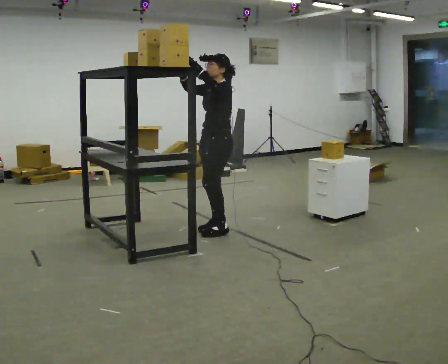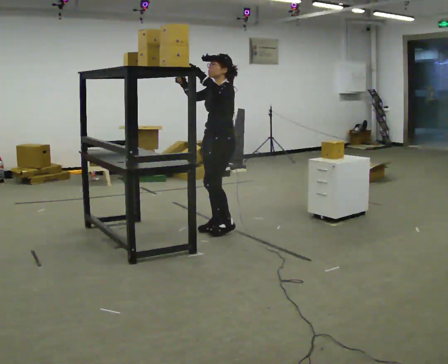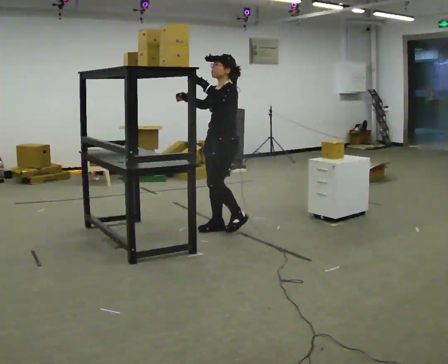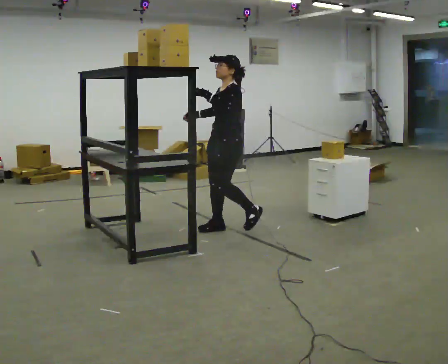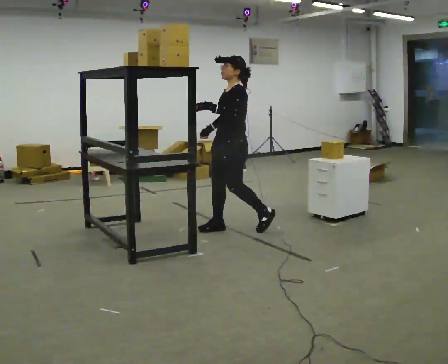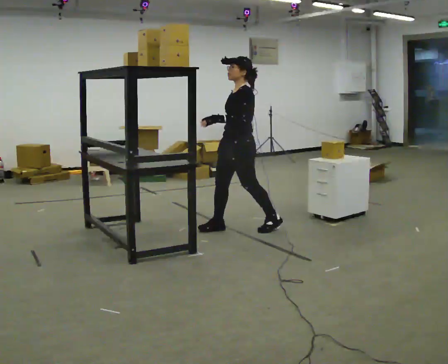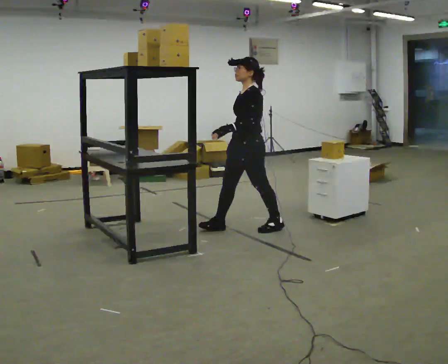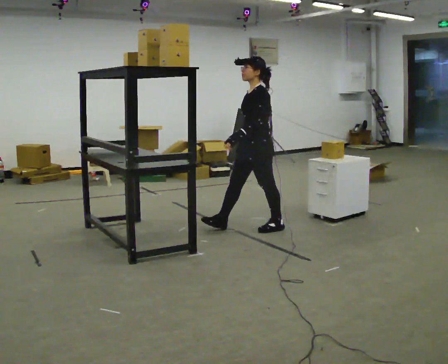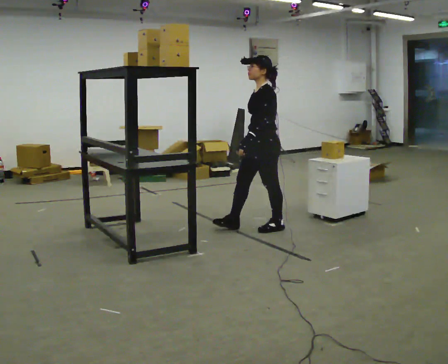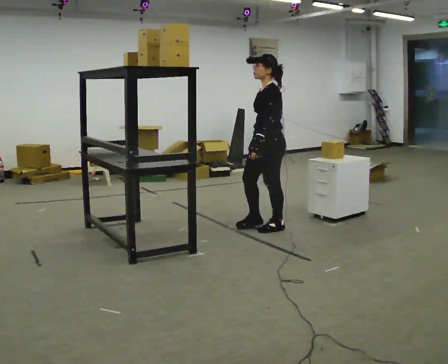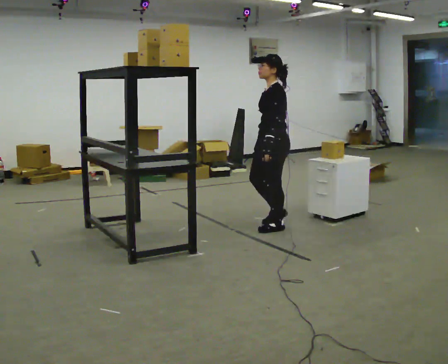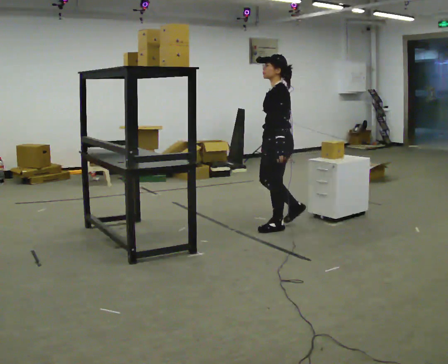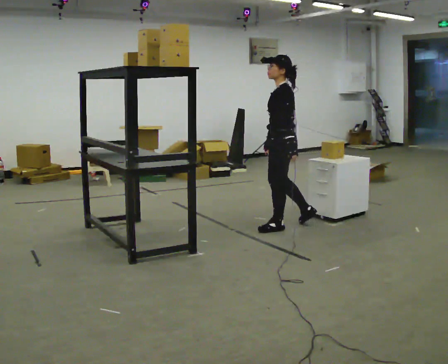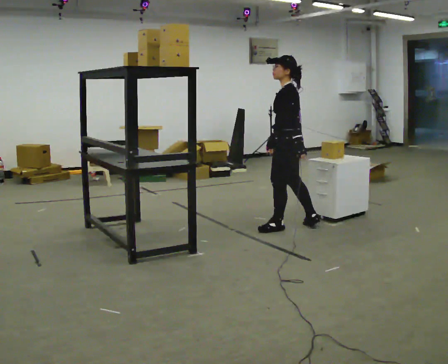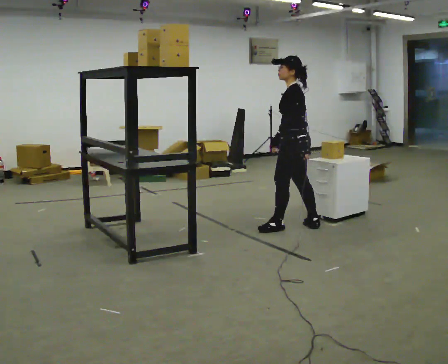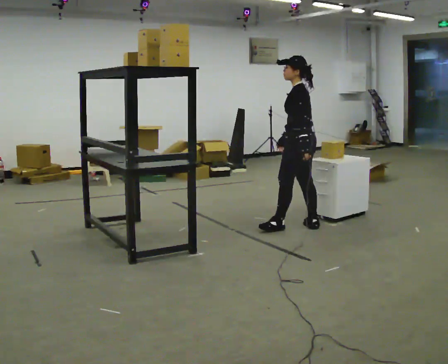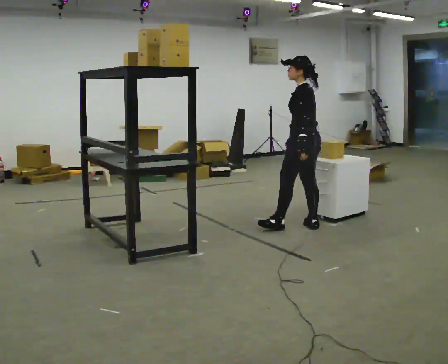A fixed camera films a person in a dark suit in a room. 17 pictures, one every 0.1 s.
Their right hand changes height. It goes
downward.
Their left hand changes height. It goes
downward.
0.0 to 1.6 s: Seen from above the body turns clockwise, about 45 degrees: to their right, with its near side sliding to the left. In the picture they go to the right, about 1 m in 2 steps, which for them is backward. In the picture their right hand goes downward, the arm swinging counterclockwise.
The film runs backward here.
